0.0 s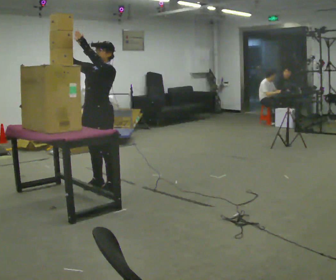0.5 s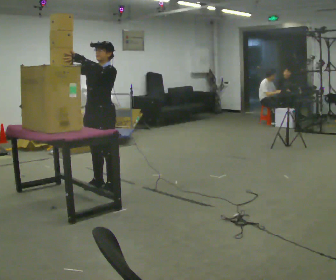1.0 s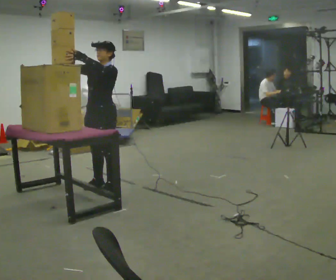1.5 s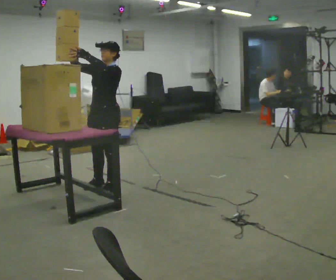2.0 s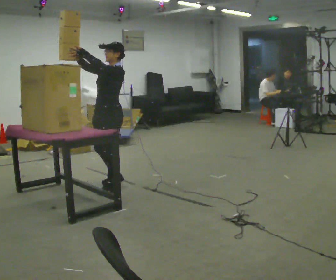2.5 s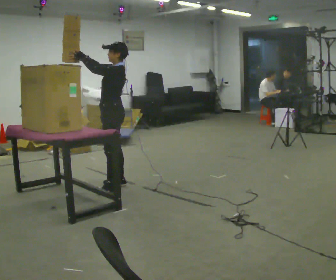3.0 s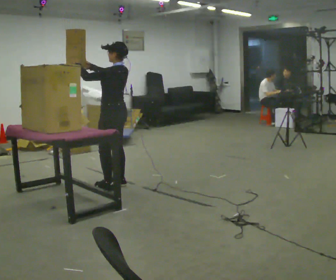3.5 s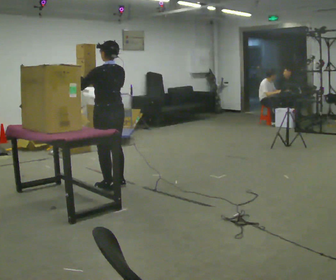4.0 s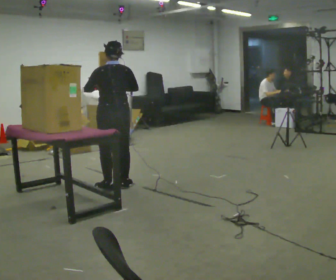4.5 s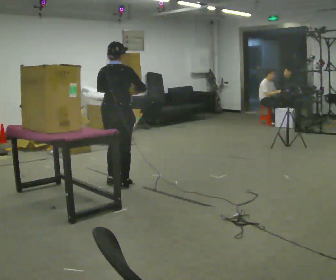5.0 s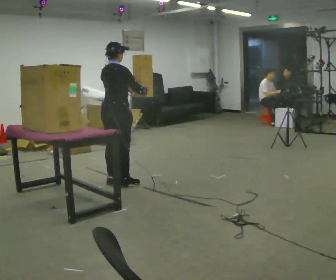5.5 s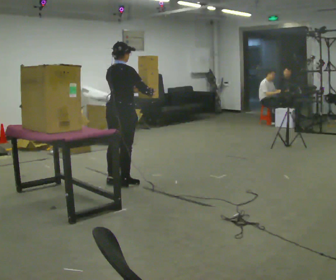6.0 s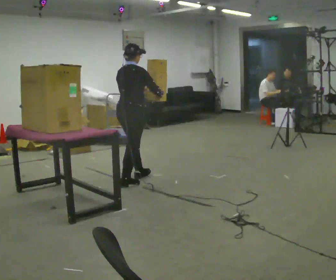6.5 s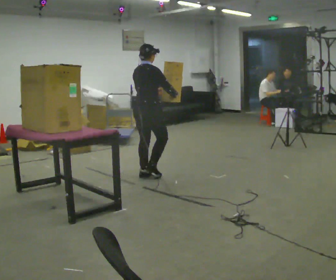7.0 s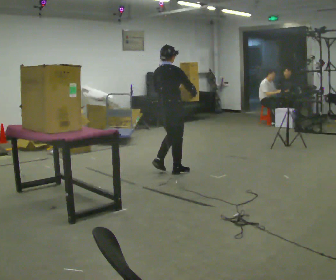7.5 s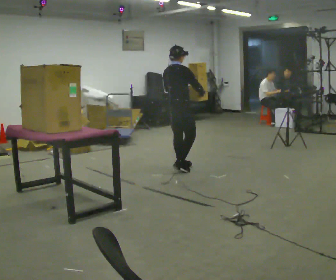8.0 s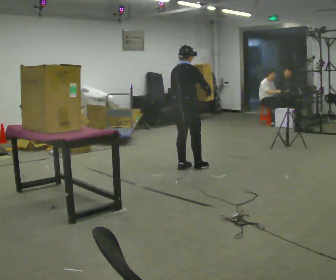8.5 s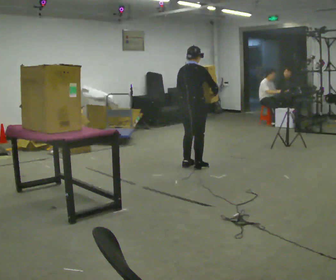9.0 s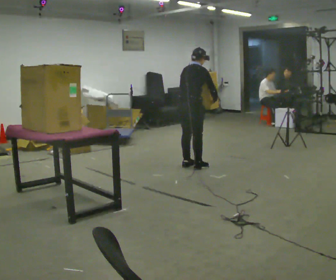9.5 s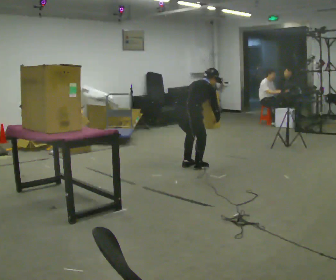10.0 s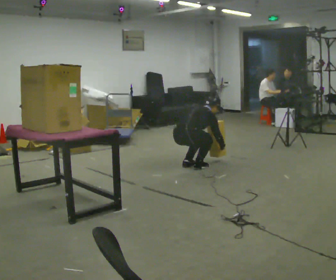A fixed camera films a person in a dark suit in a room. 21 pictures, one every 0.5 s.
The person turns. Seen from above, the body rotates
clockwise.
The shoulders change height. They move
downward.
0.0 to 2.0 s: The person moves a little, or ends about where they began.
2.0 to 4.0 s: The person turns about 105 degrees to their right, clockwise seen from above, so the part of the body nearest the lens slides to the left. In the picture their right hand goes to the right and downward.
4.0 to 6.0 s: The person turns about 60 degrees to their right, clockwise seen from above, so the part of the body nearest the lens slides to the left. In the picture they go to the right and away from the camera, about 0.25 m in 1 step.
6.0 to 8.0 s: In the picture they go to the right and away from the camera, about 1 m in 4 steps, which for them is forward.
8.0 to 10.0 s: The shoulders move downward. In the picture the upper body tilts clockwise, shoulders to the right, as they bend forward. In the picture their left hand goes downward.
The film runs forward here.
